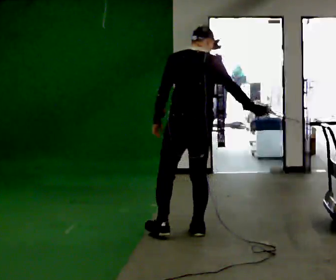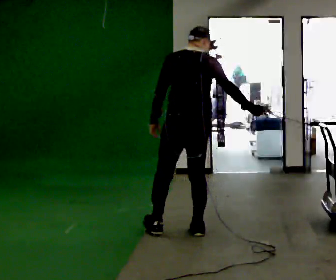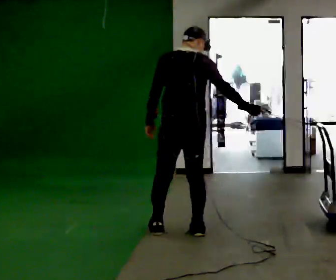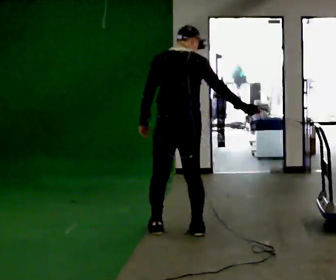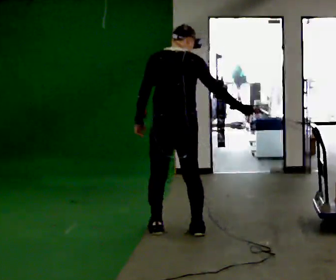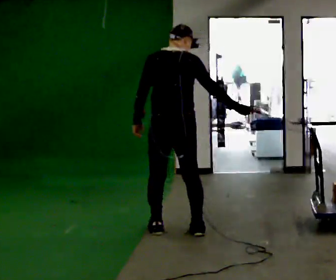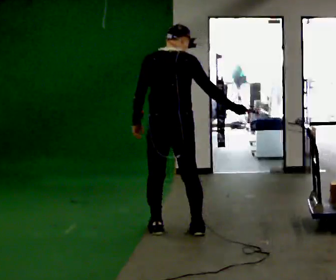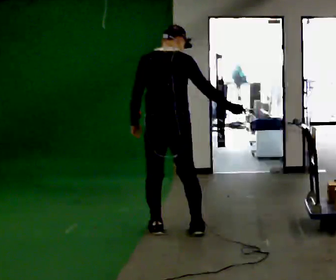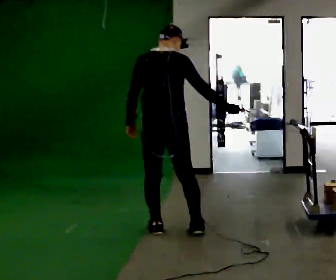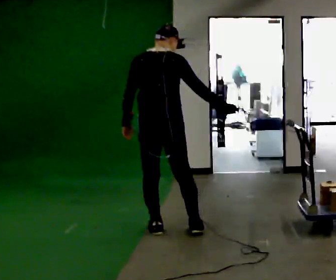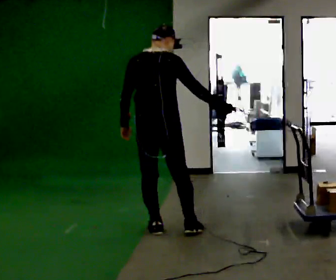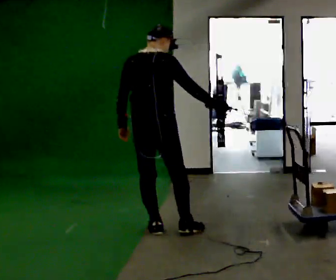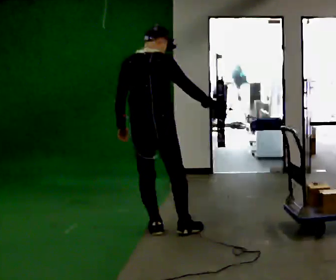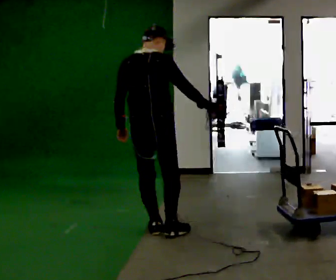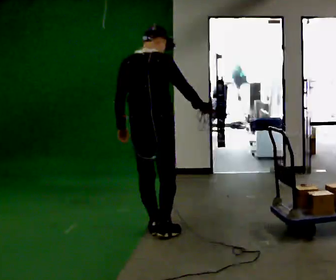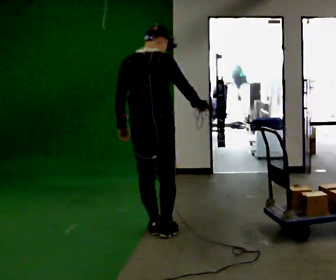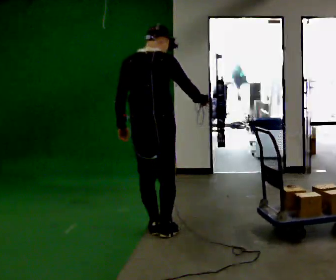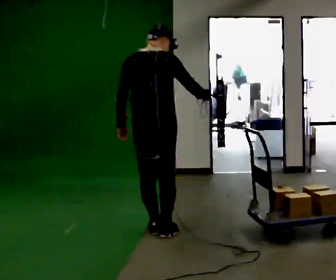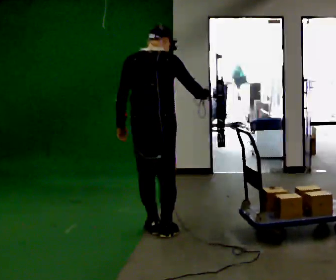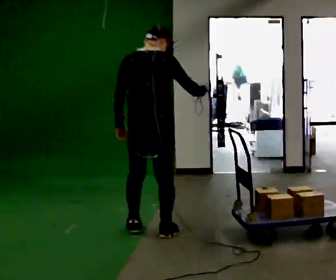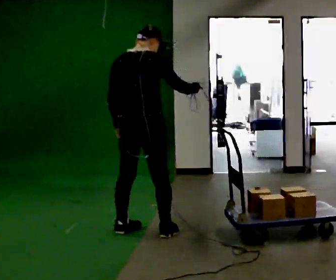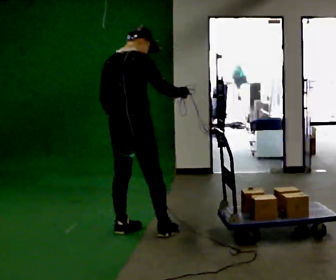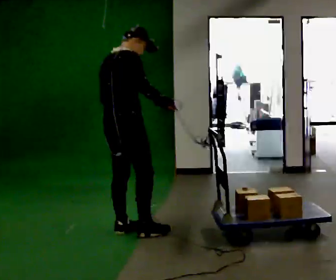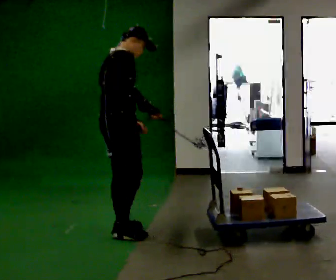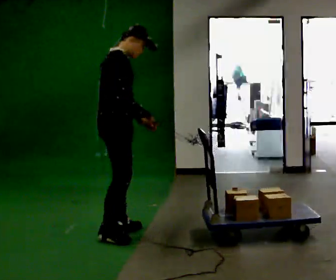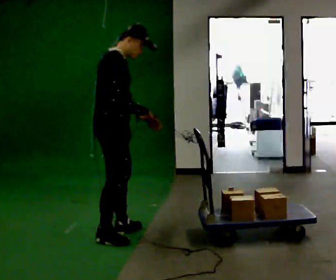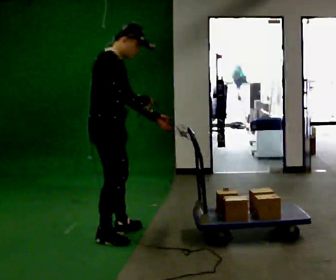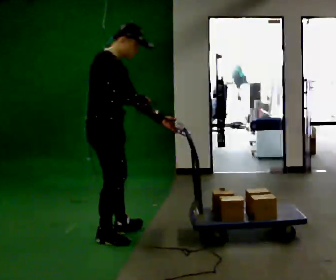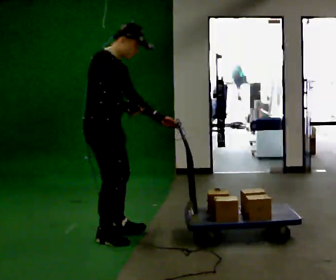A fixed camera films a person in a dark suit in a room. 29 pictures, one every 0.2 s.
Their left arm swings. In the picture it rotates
counterclockwise.
The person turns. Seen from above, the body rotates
clockwise.
0.0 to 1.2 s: In the picture they go to the left, about 0.25 m in 1 step, which for them is to their left.
1.2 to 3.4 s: The person moves a little, or ends about where they began.
3.4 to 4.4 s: Seen from above the body turns clockwise, about 45 degrees: to their right, with its near side sliding to the left. In the picture they go to the left, about 0.25 m in 1 step, which for them is to their left.
4.4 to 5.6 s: Seen from above the body turns clockwise, about 45 degrees: to their right, with its near side sliding to the left. In the picture they go toward the camera, about 0.25 m in 1 step, which for them is to their right and backward. In the picture their left hand goes to the right.
The film runs forward here.
